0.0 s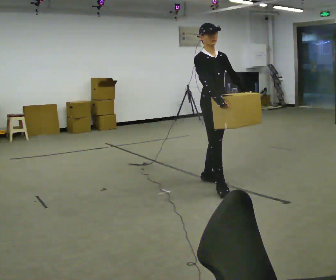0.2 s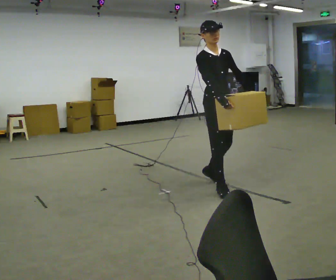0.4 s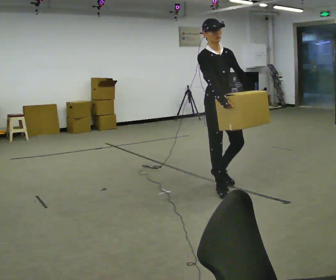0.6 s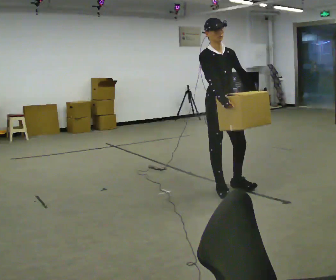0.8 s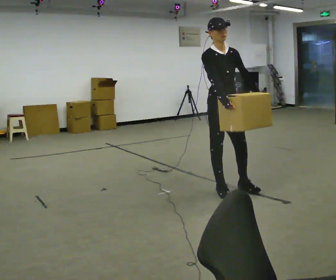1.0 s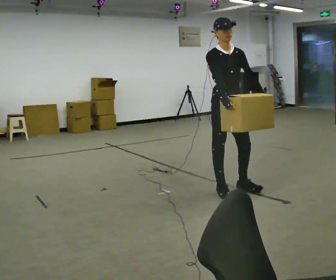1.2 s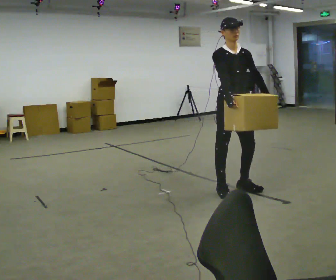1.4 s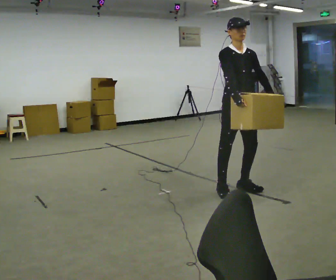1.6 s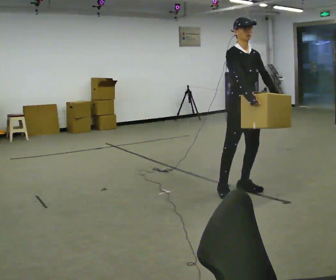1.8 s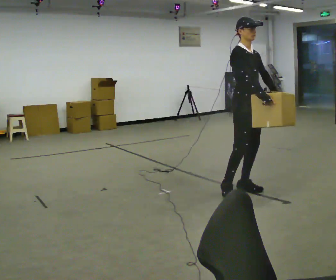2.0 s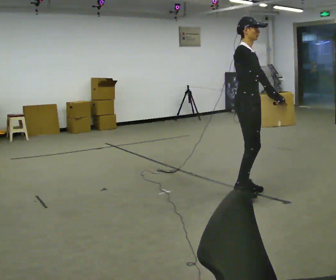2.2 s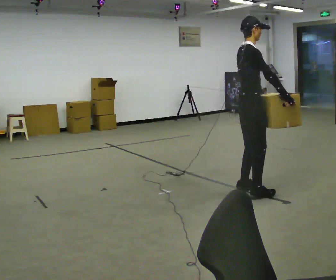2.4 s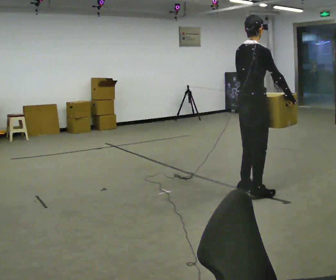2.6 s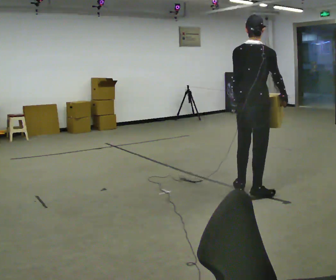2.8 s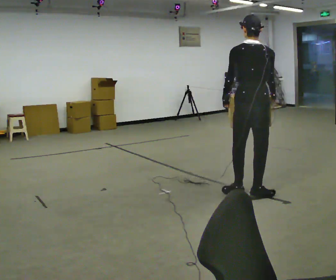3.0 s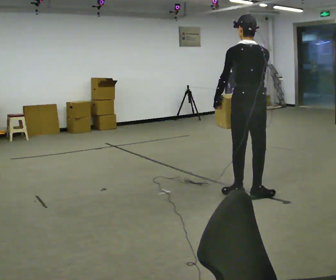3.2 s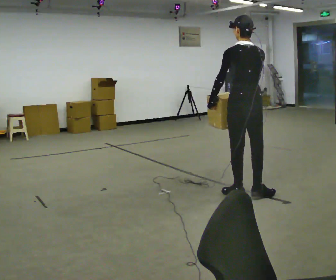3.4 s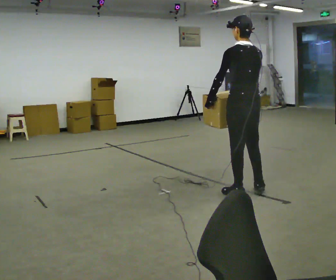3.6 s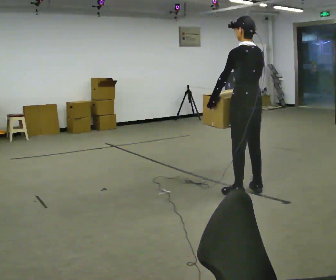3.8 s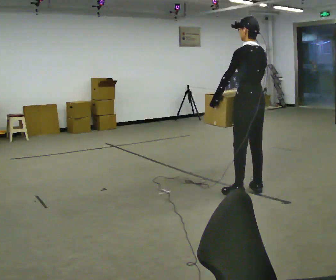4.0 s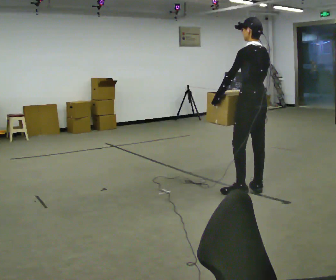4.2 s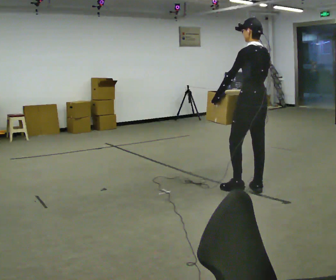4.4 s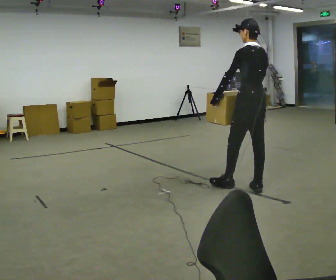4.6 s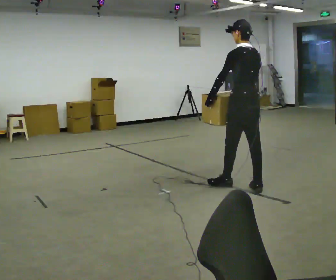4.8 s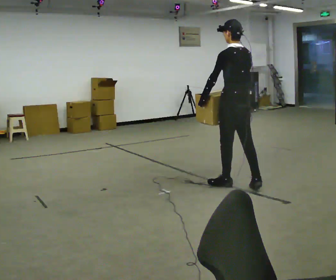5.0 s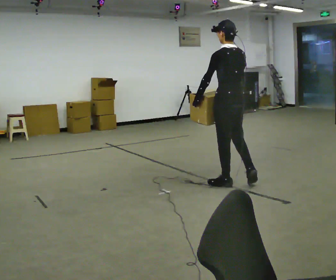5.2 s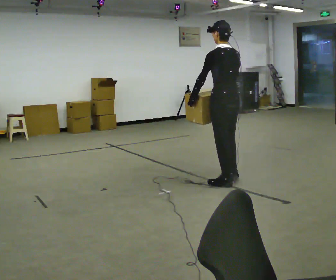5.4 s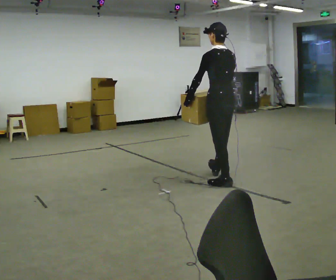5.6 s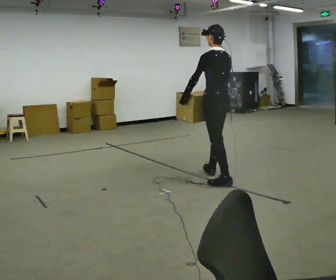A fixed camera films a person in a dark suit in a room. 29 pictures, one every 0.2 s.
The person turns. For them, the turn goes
to their left.
Their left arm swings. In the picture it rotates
clockwise.
0.0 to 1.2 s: In the picture they go to the right and toward the camera, about 0.25 m in 1 step, which for them is forward.
1.2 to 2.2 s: Seen from above the body turns counterclockwise, about 75 degrees: to their left, with its near side sliding to the right. In the picture they go to the right, about 0.25 m in 1 step. In the picture their right hand goes to the right.
2.2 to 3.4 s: Seen from above the body turns counterclockwise, about 105 degrees: to their left, with its near side sliding to the right. In the picture their right hand goes to the left, the arm swinging clockwise.
3.4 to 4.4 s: In the picture they go away from the camera, about 0.25 m, which for them is to their right.
4.4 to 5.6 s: In the picture they go to the left and away from the camera, about 0.5 m in 2 steps, which for them is forward.
The film runs forward here.
